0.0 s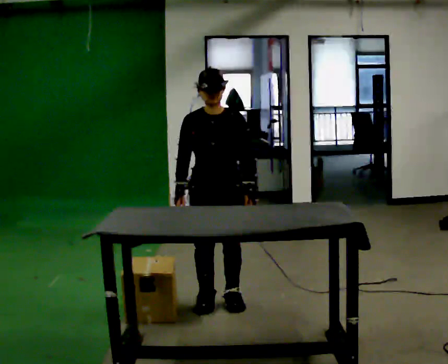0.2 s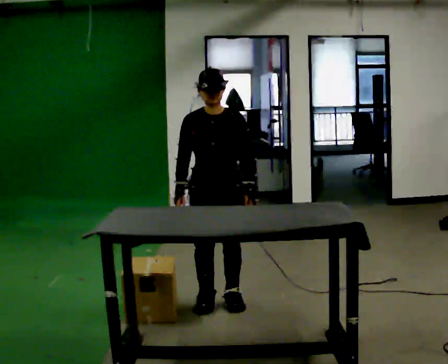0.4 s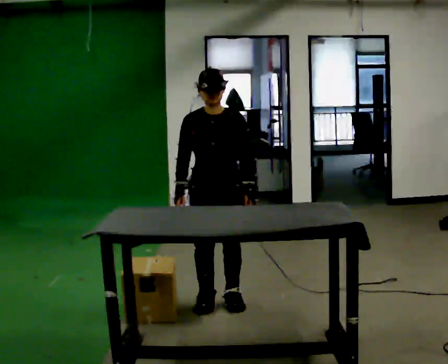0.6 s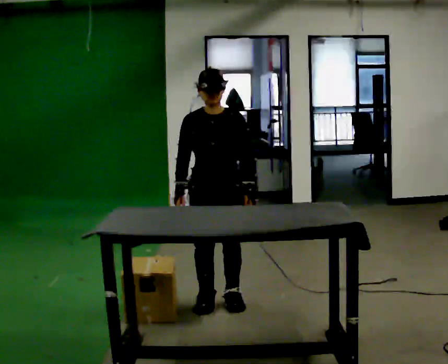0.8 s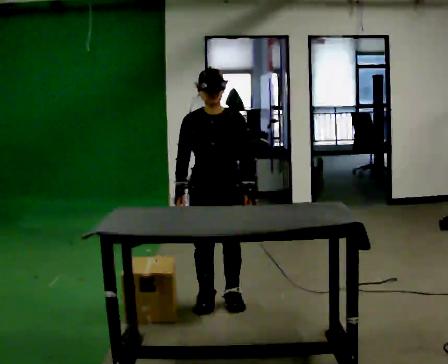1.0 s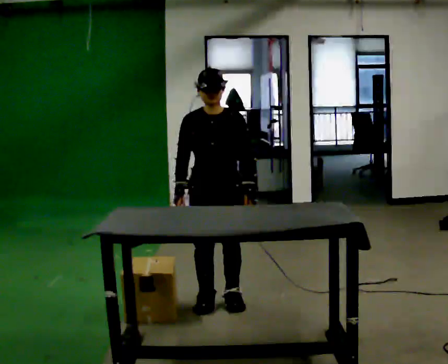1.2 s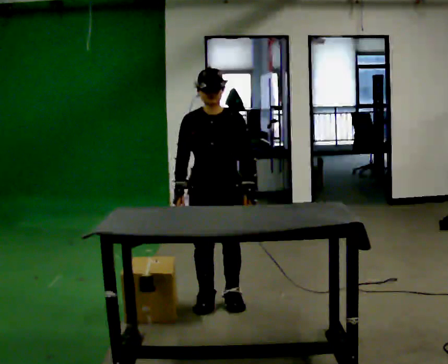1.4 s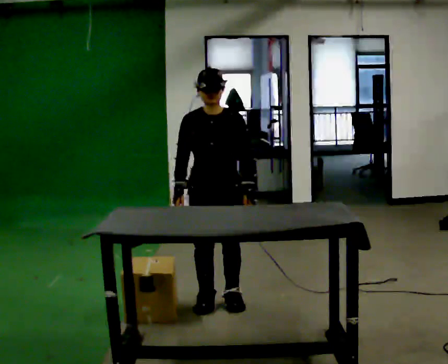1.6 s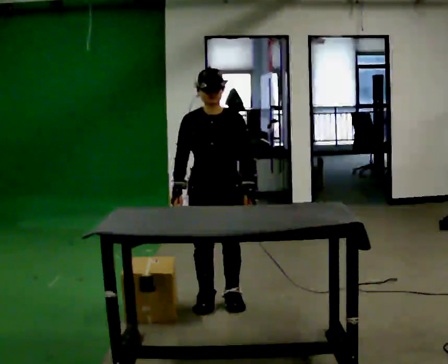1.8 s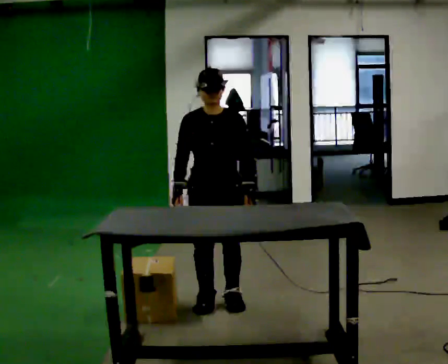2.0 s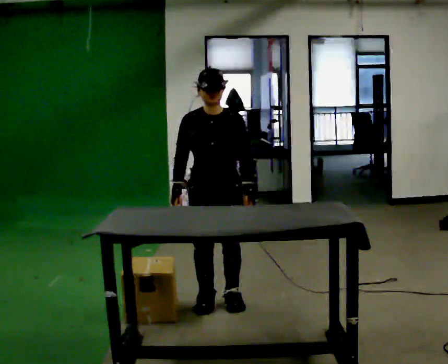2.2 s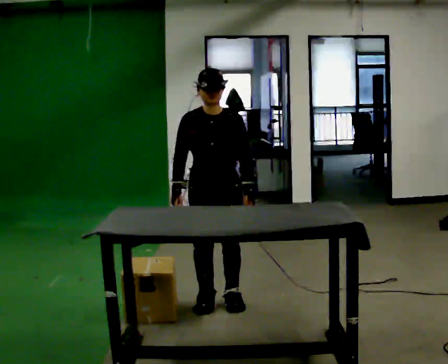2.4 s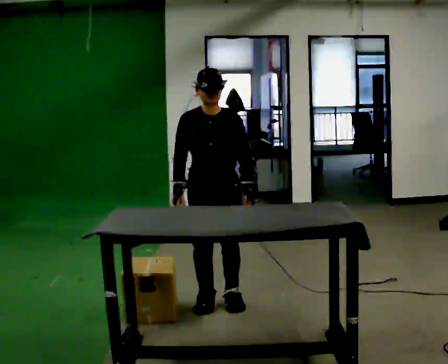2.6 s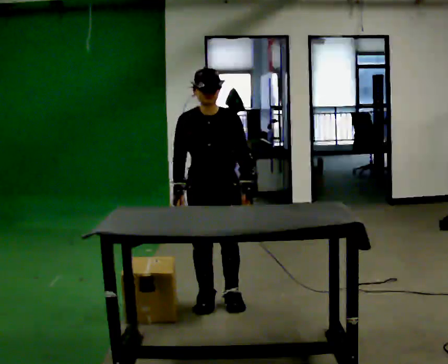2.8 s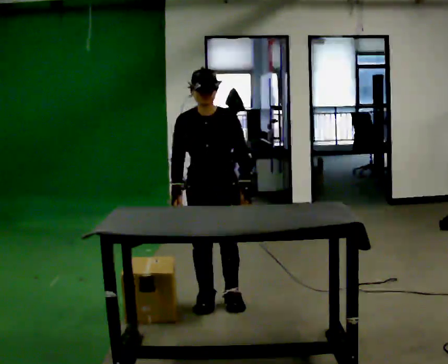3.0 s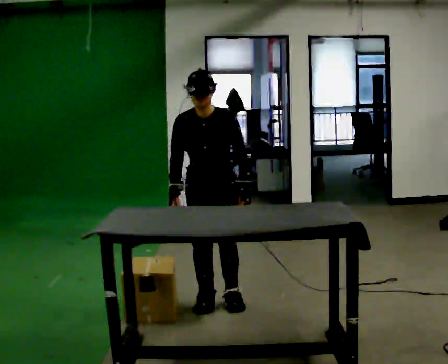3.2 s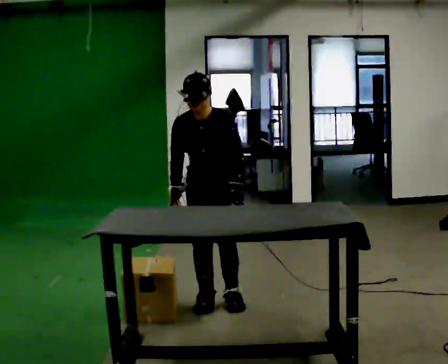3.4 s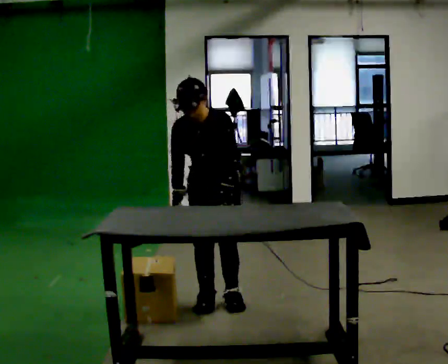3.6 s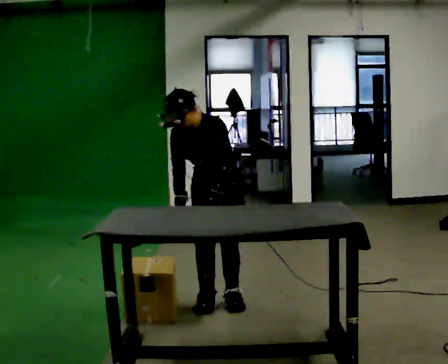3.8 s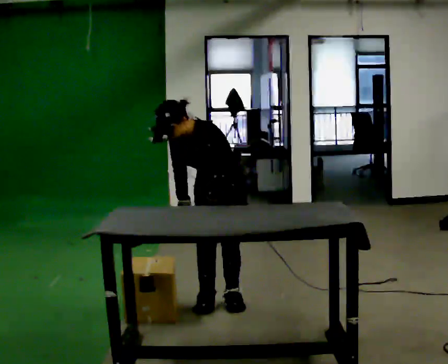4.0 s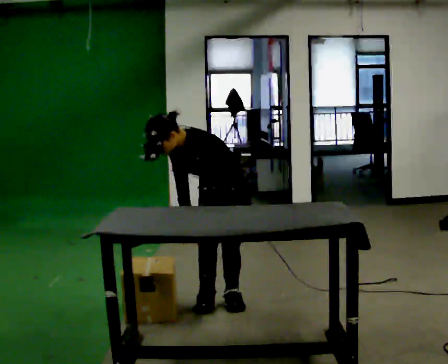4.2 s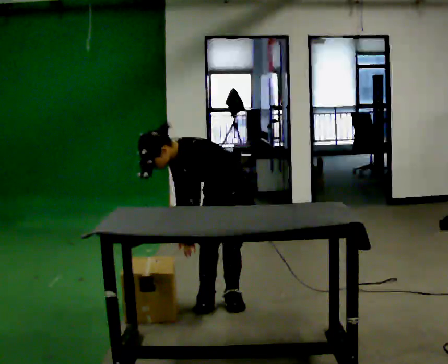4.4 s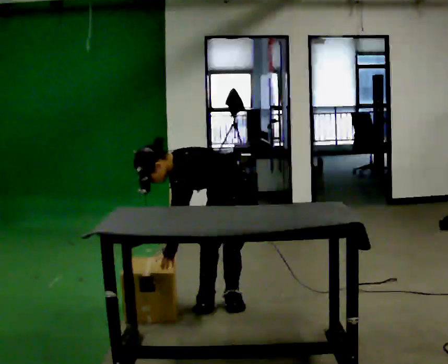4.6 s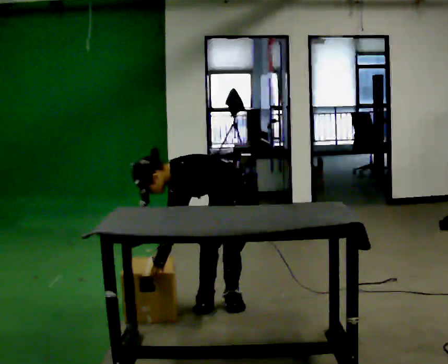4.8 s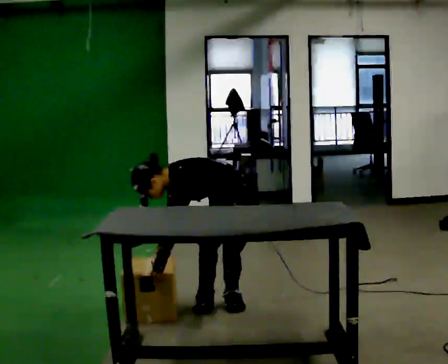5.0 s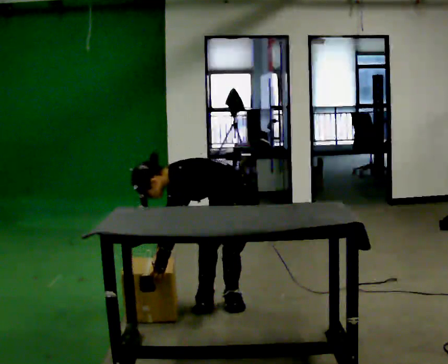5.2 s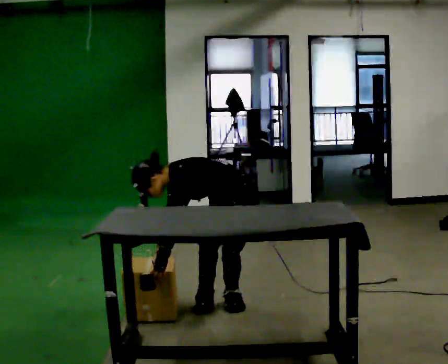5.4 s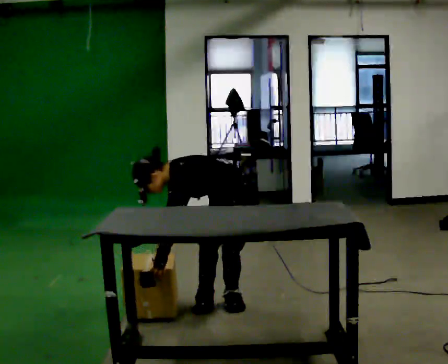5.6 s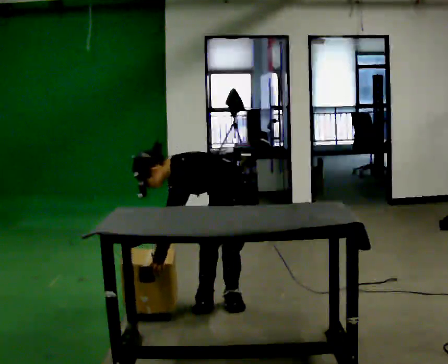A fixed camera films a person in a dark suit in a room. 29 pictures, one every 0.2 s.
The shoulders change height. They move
downward.
The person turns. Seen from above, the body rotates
clockwise.
0.0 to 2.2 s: The person keeps their place and pose.
2.2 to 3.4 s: The person moves a little, or ends about where they began.
3.4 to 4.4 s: Seen from above the body turns clockwise, about 45 degrees: to their right, with its near side sliding to the left. The shoulders move downward. In the picture the upper body tilts counterclockwise, shoulders to the left, as they bend forward. In the picture their left hand goes to the left.
4.4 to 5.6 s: The person moves a little, or ends about where they began.
The film runs backward here.
